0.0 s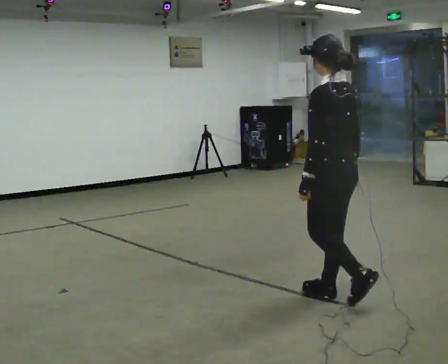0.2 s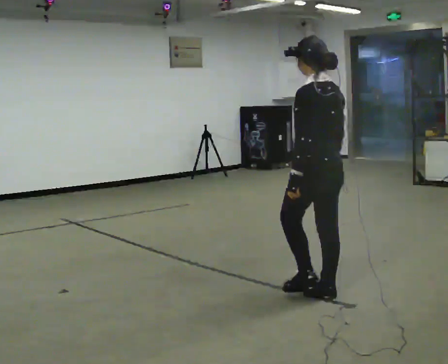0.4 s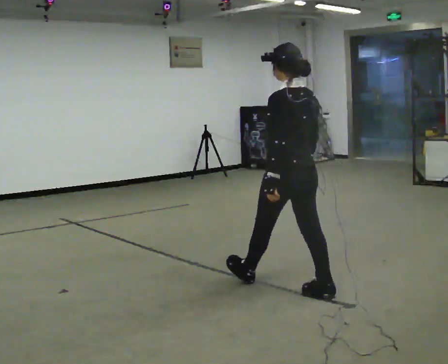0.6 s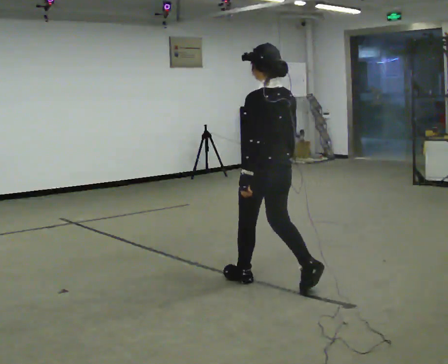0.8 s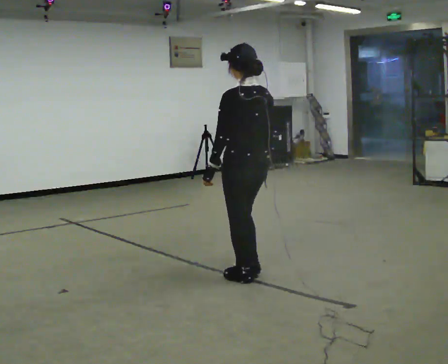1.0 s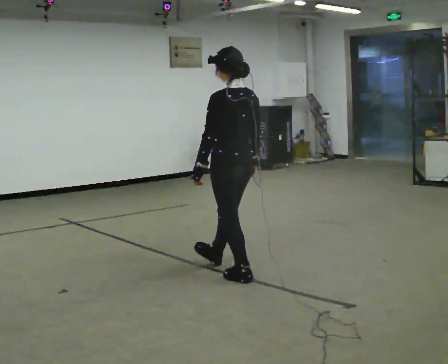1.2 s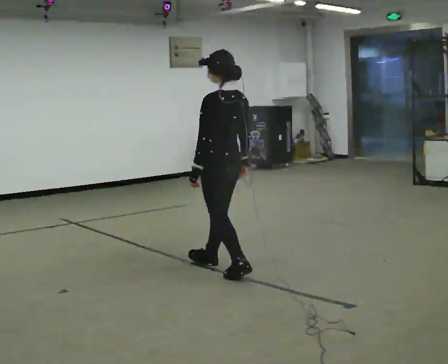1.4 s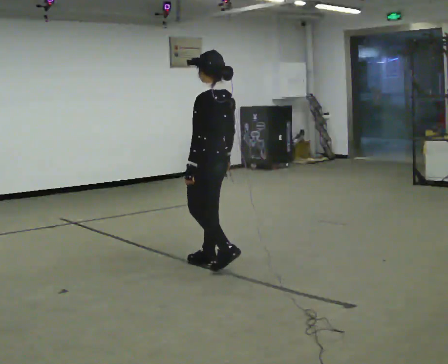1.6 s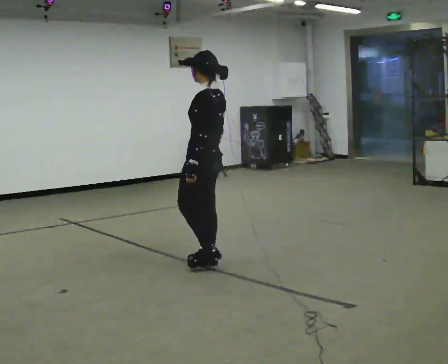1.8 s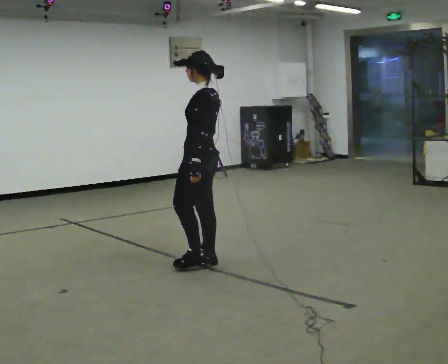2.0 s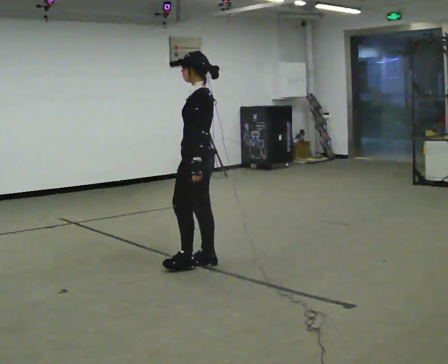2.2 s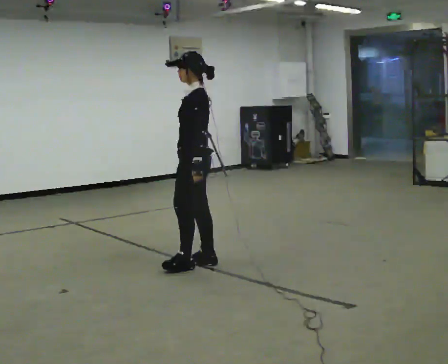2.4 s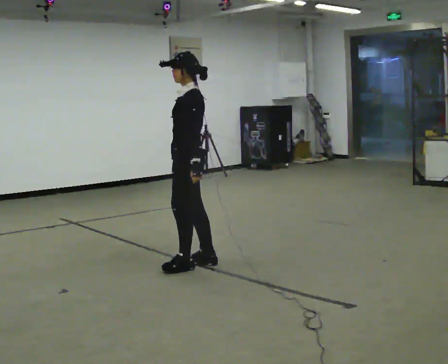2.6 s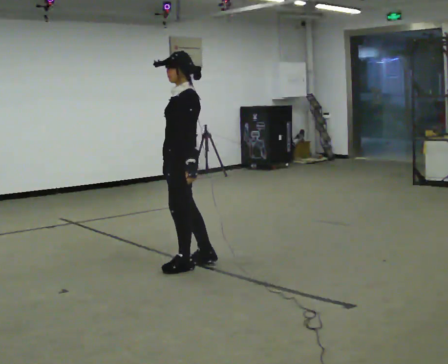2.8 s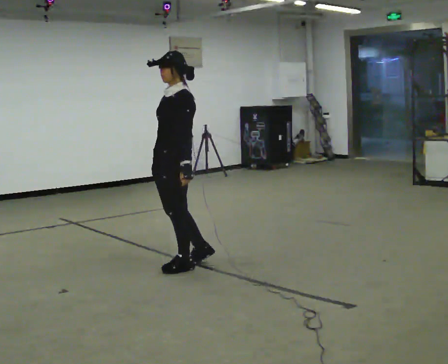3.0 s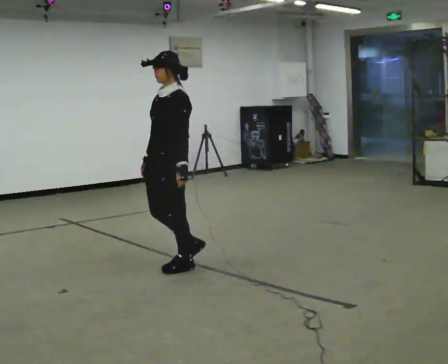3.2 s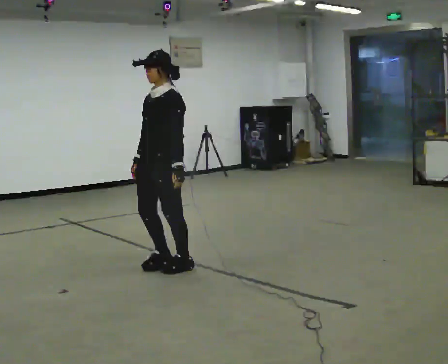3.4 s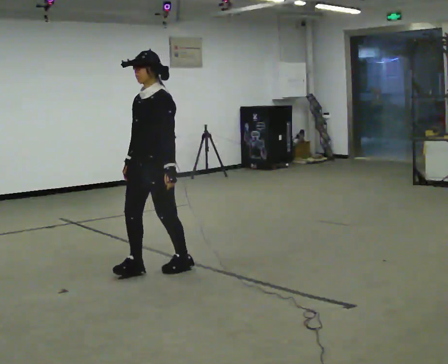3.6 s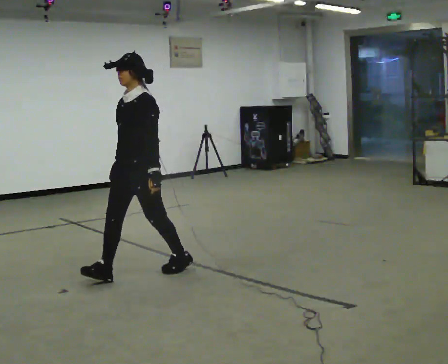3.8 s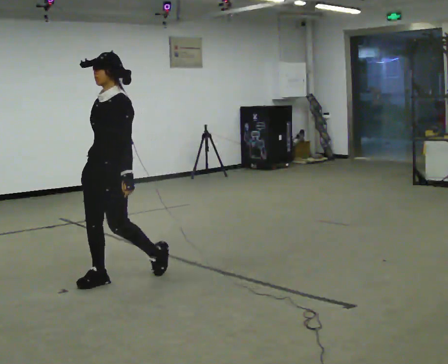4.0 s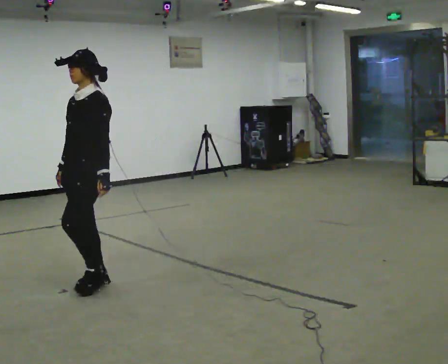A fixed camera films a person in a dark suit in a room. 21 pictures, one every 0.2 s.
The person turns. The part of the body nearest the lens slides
to the right.
The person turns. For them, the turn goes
to their left.
0.0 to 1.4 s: In the picture they go away from the camera and to the left, about 1 m in 2 steps, which for them is forward.
1.4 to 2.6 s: The person turns about 45 degrees to their left, counterclockwise seen from above, so the part of the body nearest the lens slides to the right. In the picture they go to the left, about 0.25 m in 1 step, which for them is forward.
2.6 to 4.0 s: Seen from above the body turns counterclockwise, about 30 degrees: to their left, with its near side sliding to the right. In the picture they go to the left and toward the camera, about 1 m in 1 step, which for them is forward.
The film runs forward here.
